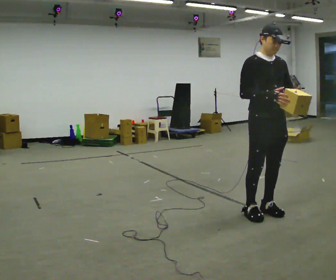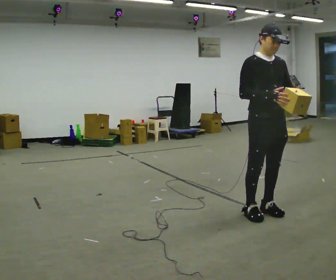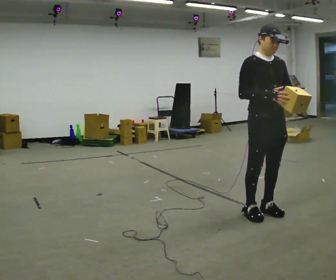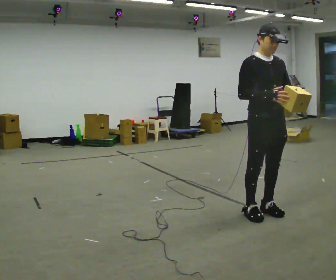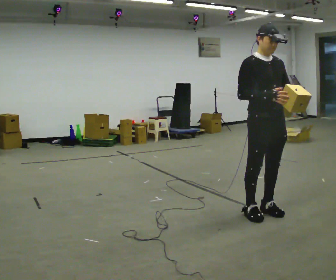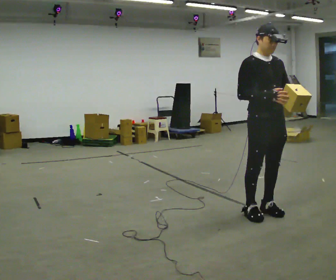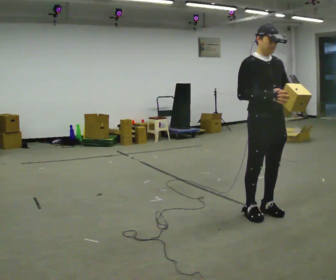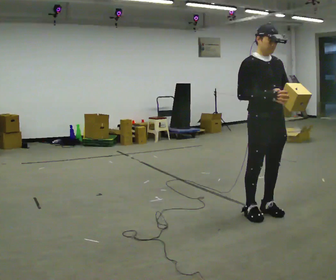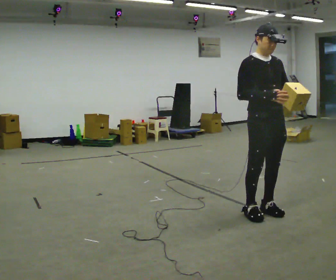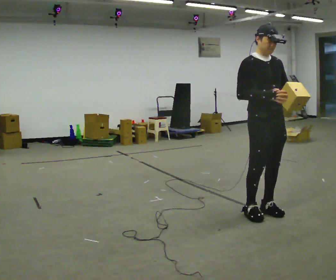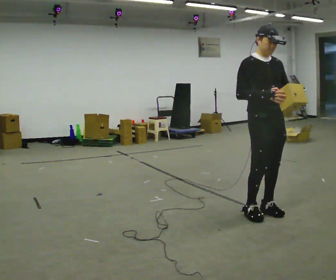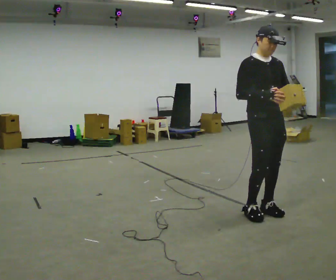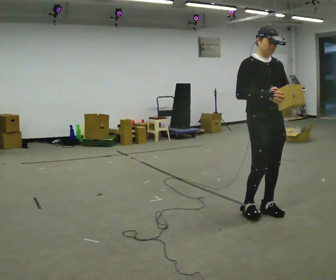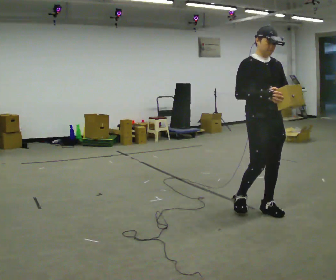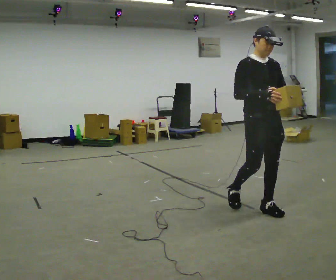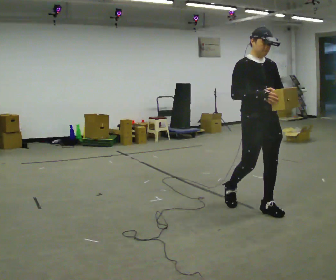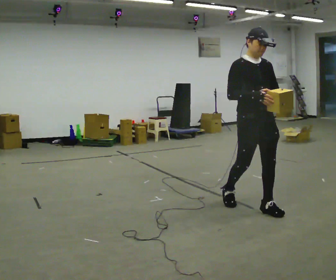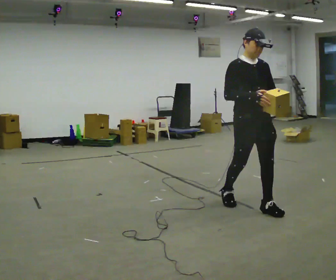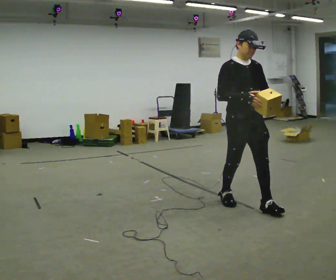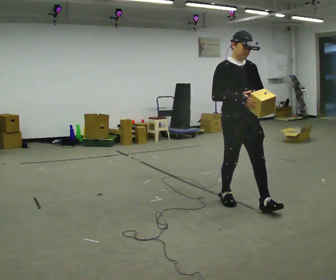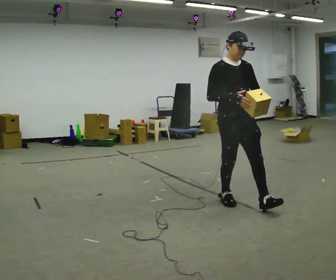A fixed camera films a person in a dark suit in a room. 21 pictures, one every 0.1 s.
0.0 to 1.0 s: The person moves a little, or ends about where they began.
1.0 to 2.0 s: In the picture they go to the left and away from the camera, about 0.5 m in 1 step, which for them is backward.
The film runs backward here.
